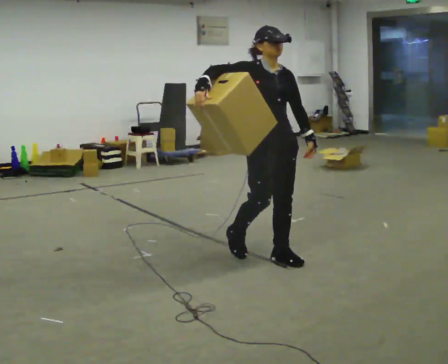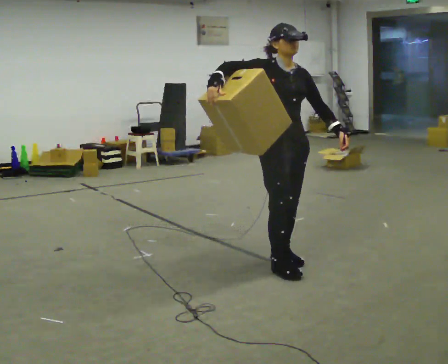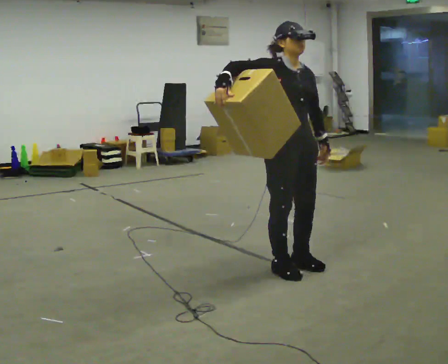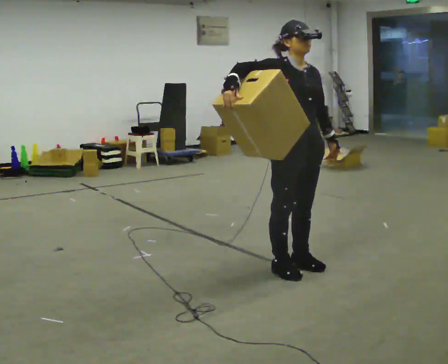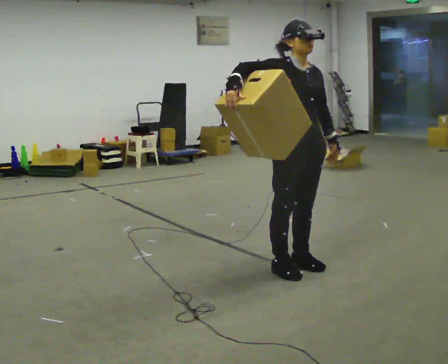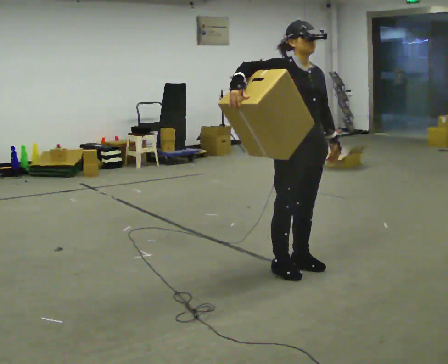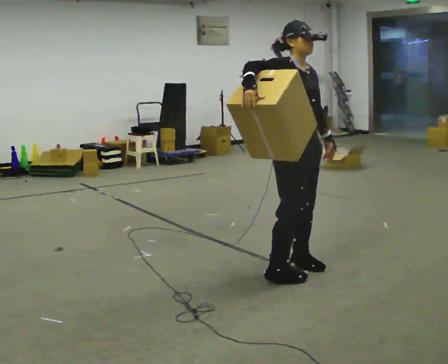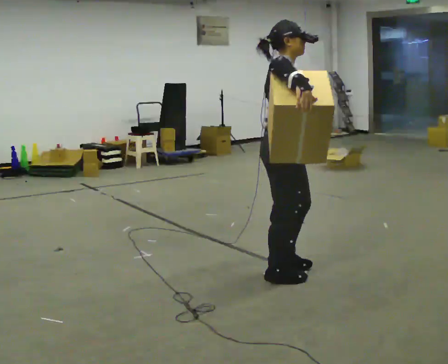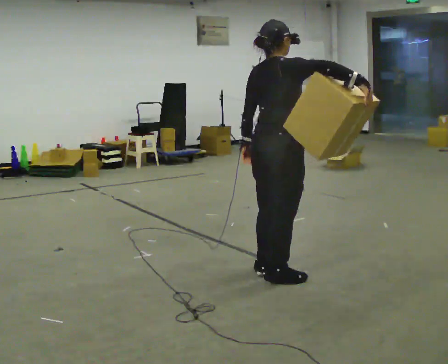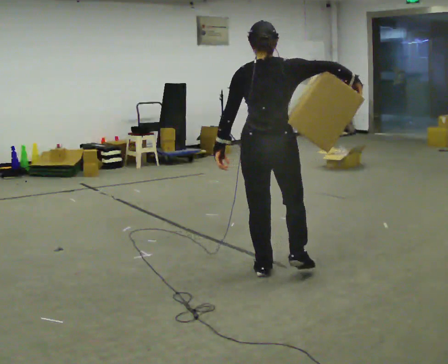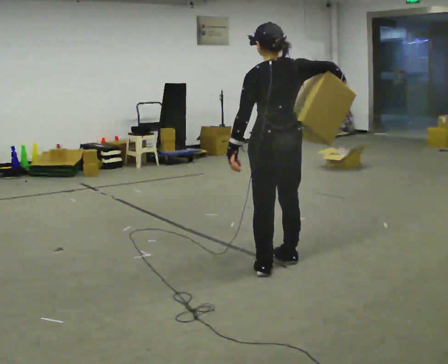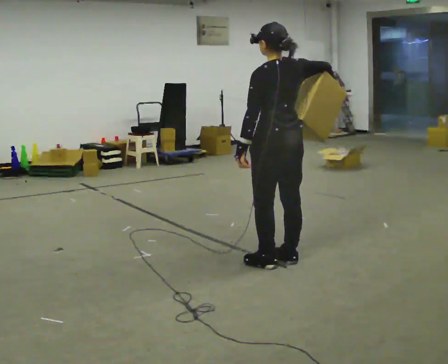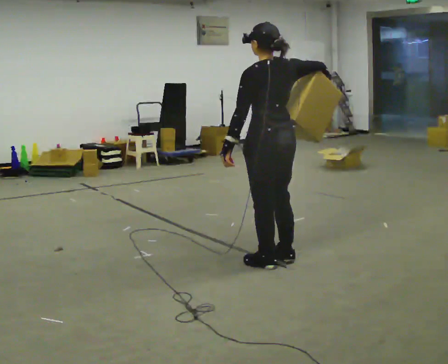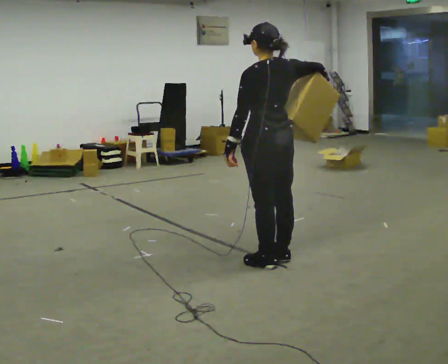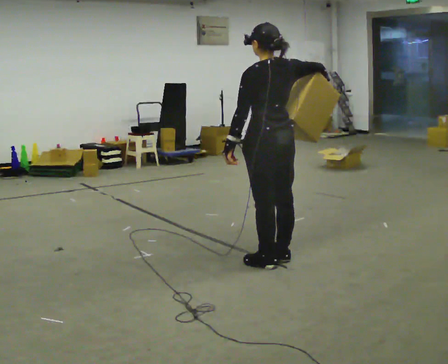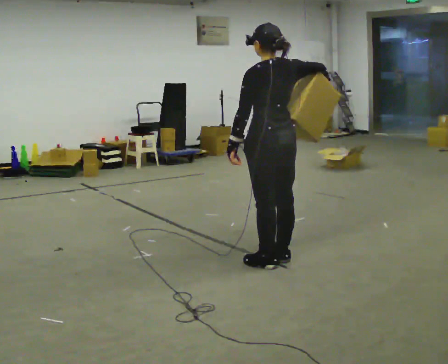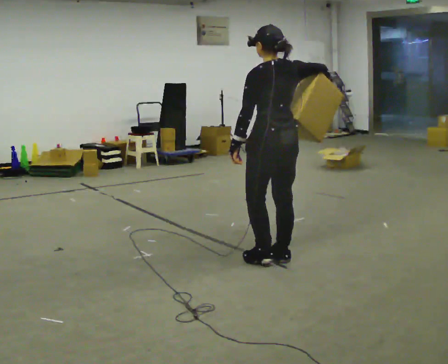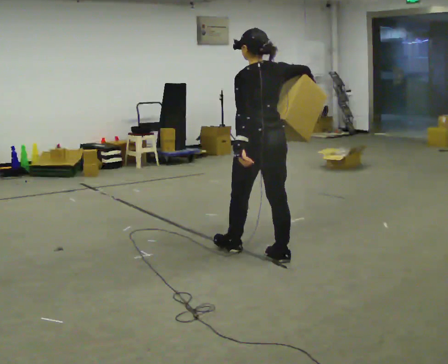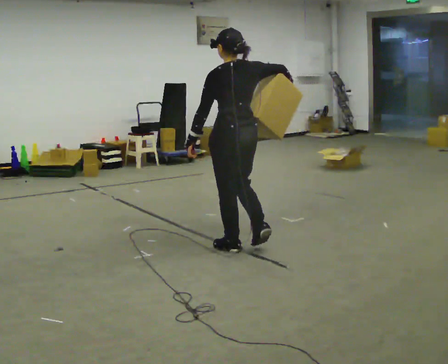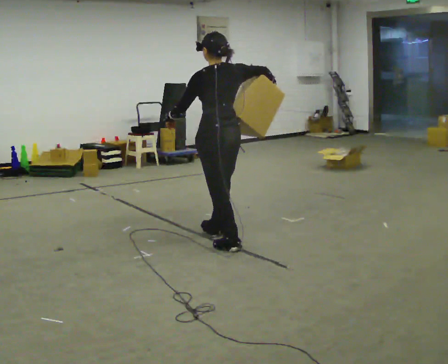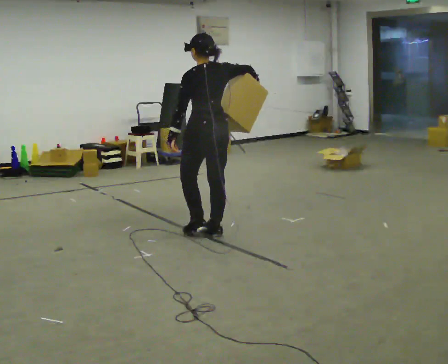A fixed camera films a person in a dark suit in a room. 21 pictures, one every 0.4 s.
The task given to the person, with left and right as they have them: Hold the object against your hip on the side the operator calls, and carry it back and forth across the room.
0.0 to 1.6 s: In the picture they go to the right and toward the camera, about 0.25 m in 2 steps, which for them is forward.
1.6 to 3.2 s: The part of the body nearest the lens slides to the right as the person turns to their left by about 90 degrees. In the picture they go toward the camera, about 0.25 m in 2 steps. In the picture their right hand goes to the right.
3.2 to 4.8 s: Seen from above the body turns counterclockwise, about 75 degrees: to their left, with its near side sliding to the right. In the picture they go away from the camera, about 0.25 m in 2 steps. In the picture their right hand goes to the left.
4.8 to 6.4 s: The person moves a little, or ends about where they began.
6.4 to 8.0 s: In the picture they go to the left and away from the camera, about 1 m in 2 steps, which for them is forward.
The film runs forward here.
